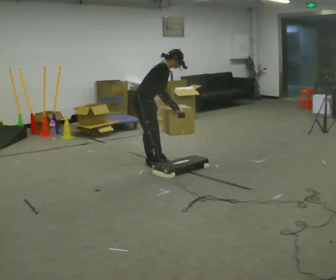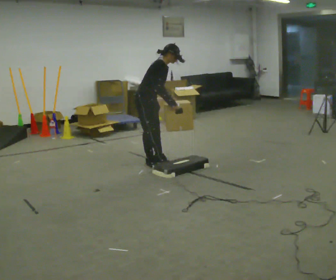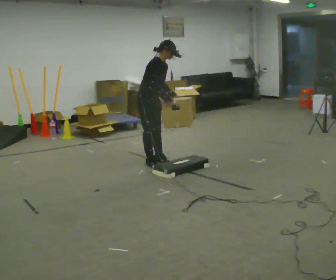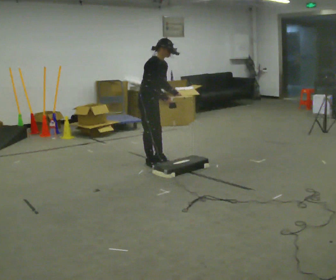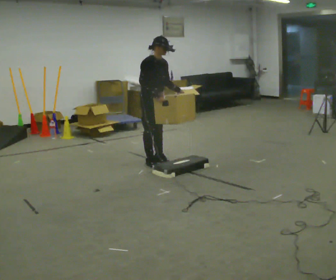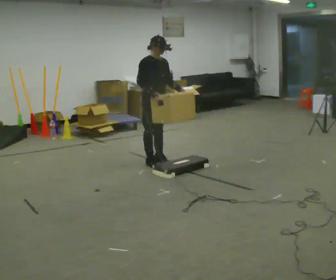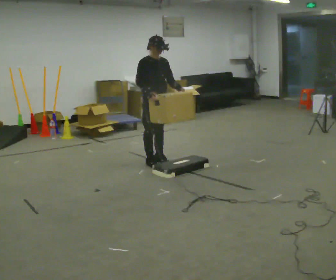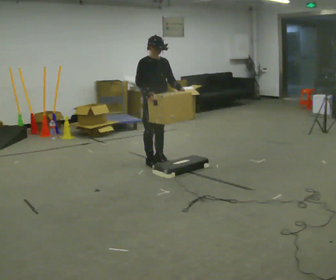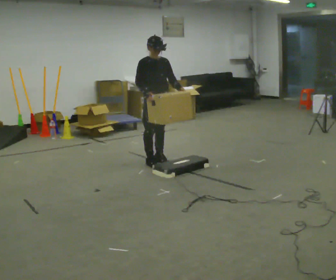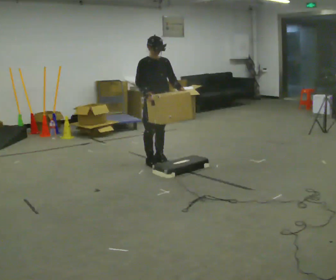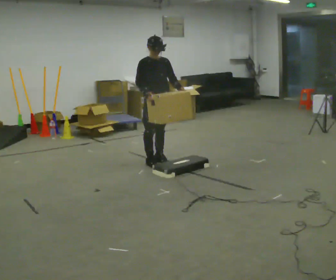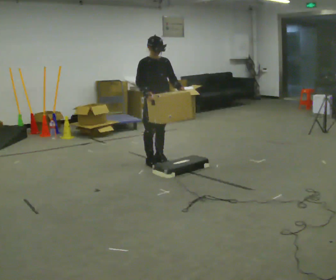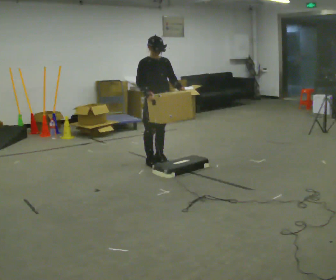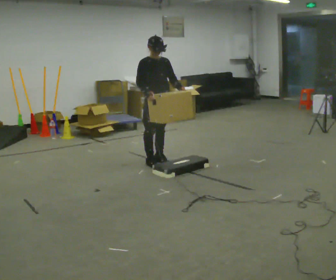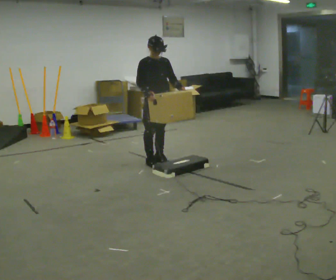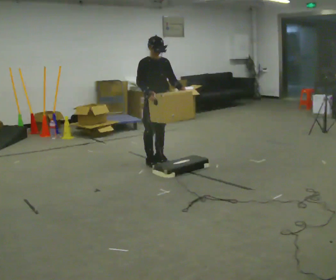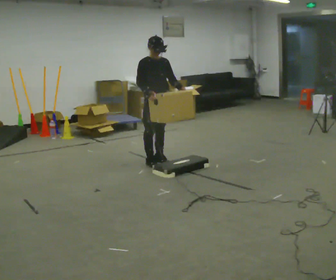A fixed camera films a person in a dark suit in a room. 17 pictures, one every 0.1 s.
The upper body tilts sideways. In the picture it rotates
counterclockwise.
0.0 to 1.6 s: Seen from above the body turns clockwise, about 45 degrees: to their right, with its near side sliding to the left. In the picture they go to the right, about 0.25 m, which for them is to their left. In the picture the upper body tilts counterclockwise, shoulders to the left, as they lean back or straighten.
The film runs forward here.
